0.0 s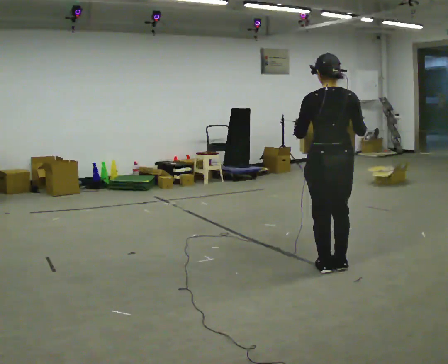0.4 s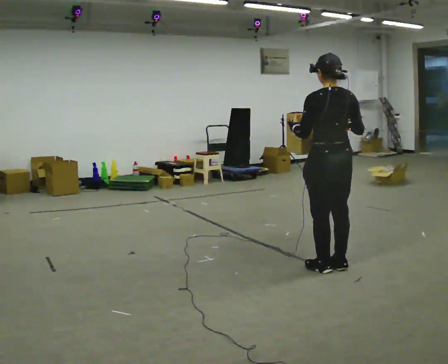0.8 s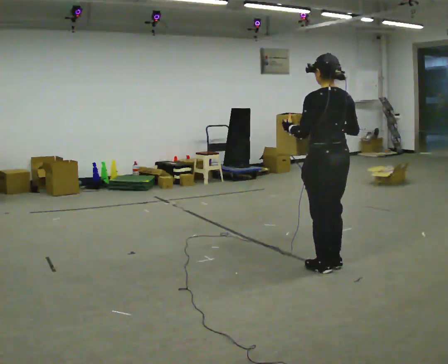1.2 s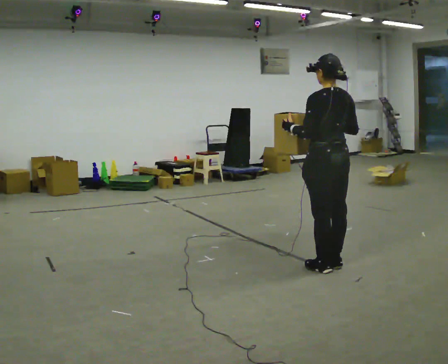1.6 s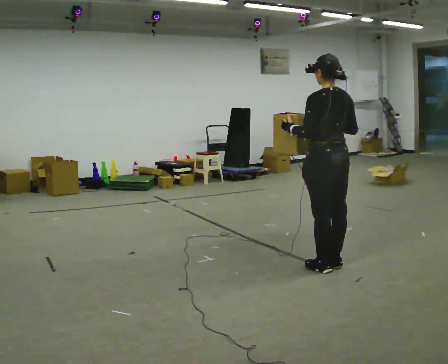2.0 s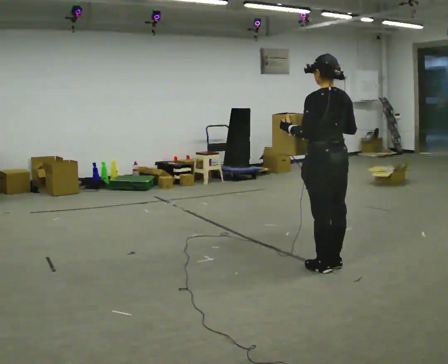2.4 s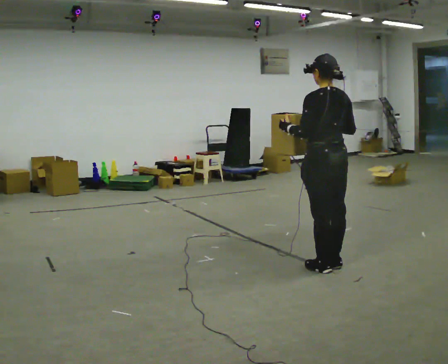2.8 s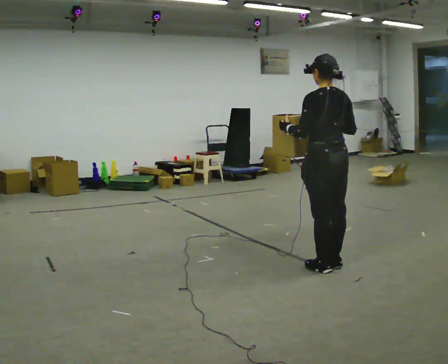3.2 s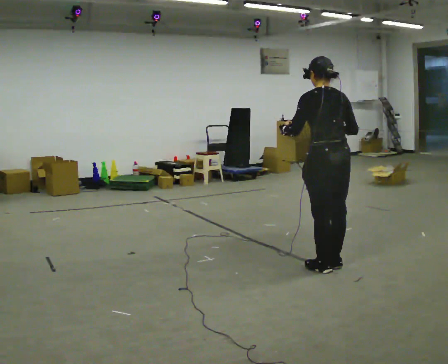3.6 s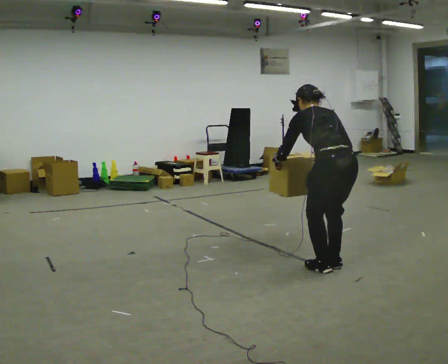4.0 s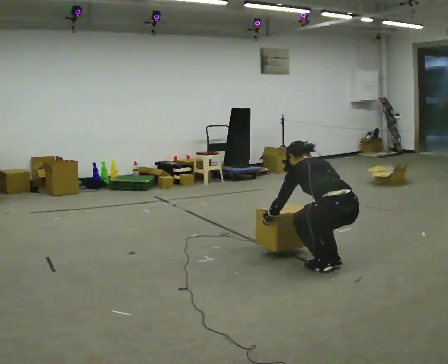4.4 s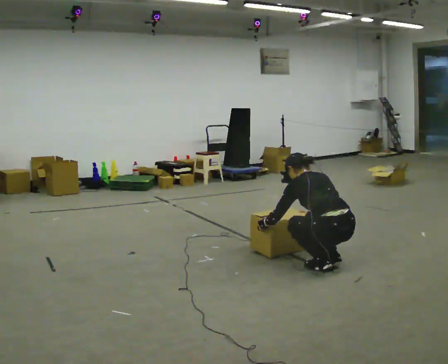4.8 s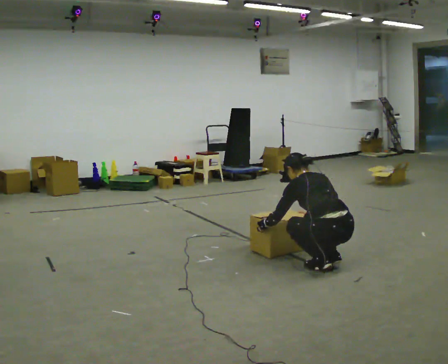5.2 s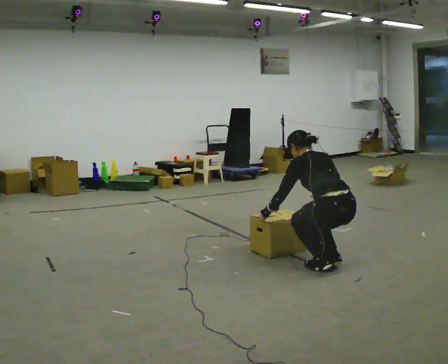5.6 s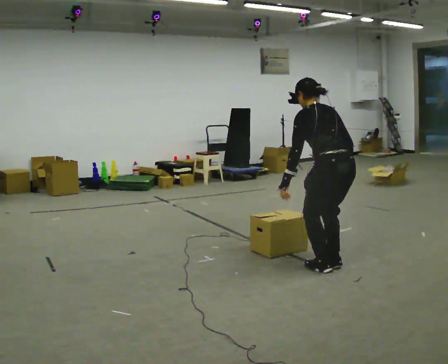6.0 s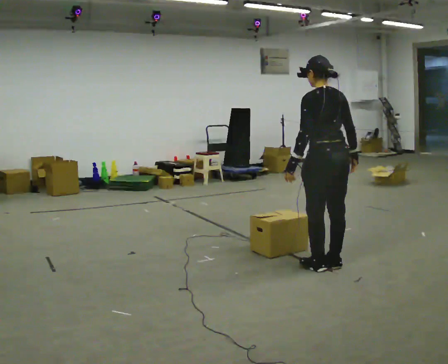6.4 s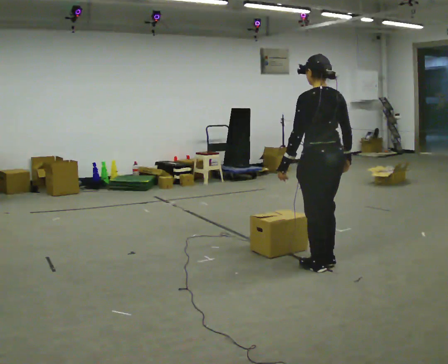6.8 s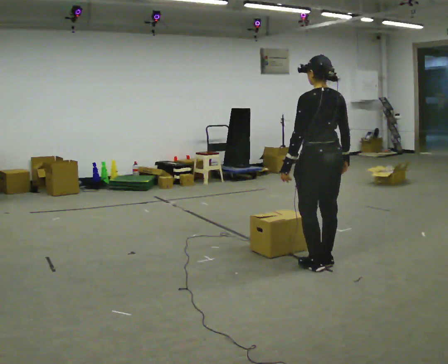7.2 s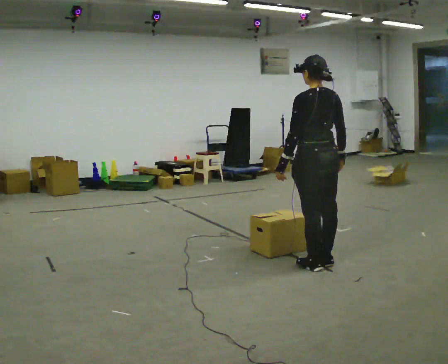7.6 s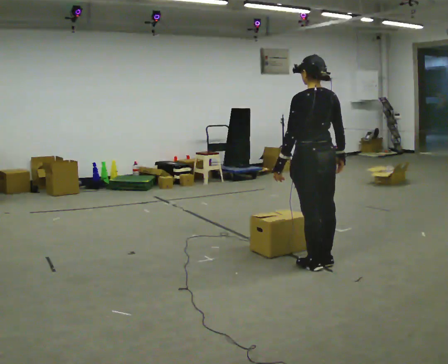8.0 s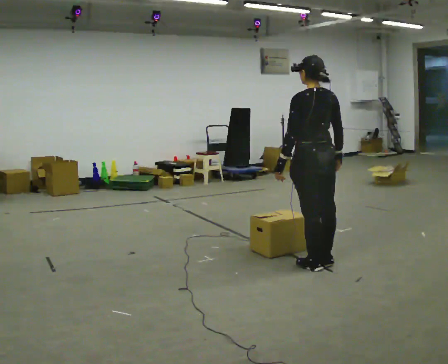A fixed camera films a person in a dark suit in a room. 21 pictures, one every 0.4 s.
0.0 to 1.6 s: The person turns about 30 degrees to their left, counterclockwise seen from above, so the part of the body nearest the lens slides to the right.
1.6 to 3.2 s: The person moves a little, or ends about where they began.
3.2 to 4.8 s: The shoulders move downward. In the picture the upper body tilts counterclockwise, shoulders to the left. In the picture their right hand goes downward.
4.8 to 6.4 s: The shoulders move upward. The upper body tips toward the camera, its near side rolling downward, as they lean back or straighten. In the picture their right hand goes upward.
6.4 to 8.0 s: The person moves a little, or ends about where they began.
The film runs forward here.
